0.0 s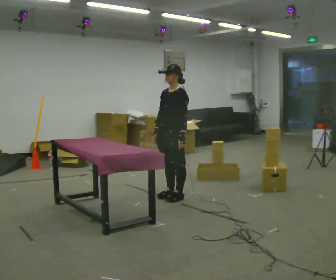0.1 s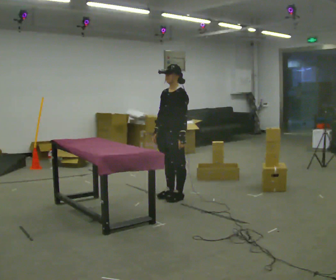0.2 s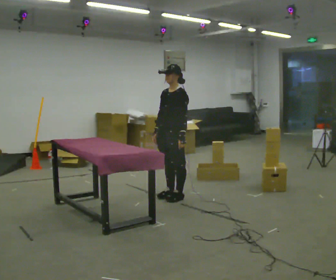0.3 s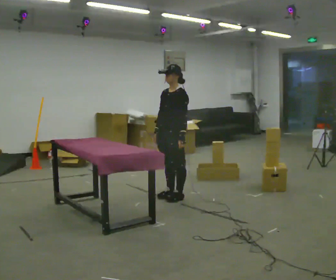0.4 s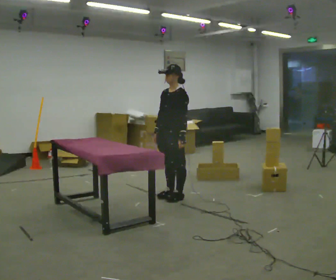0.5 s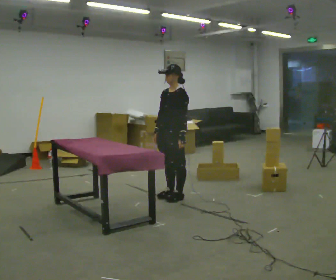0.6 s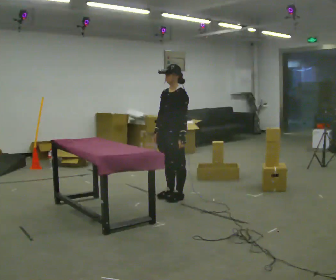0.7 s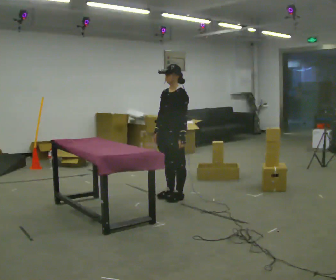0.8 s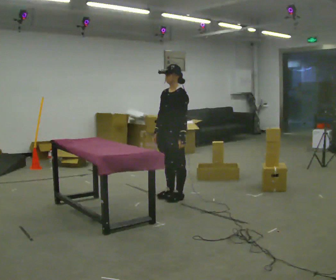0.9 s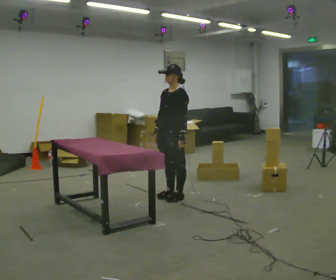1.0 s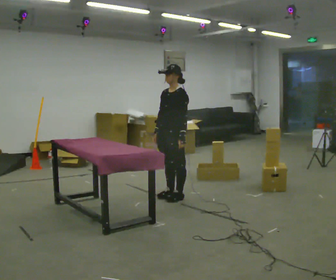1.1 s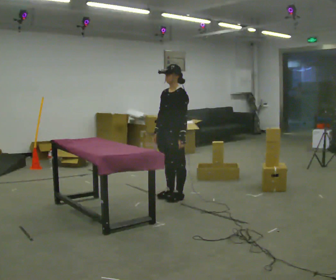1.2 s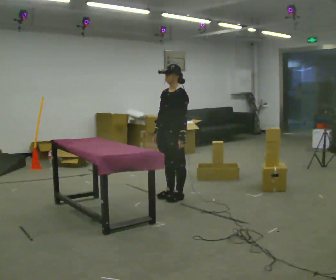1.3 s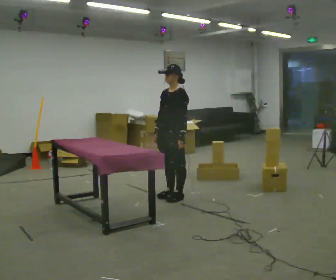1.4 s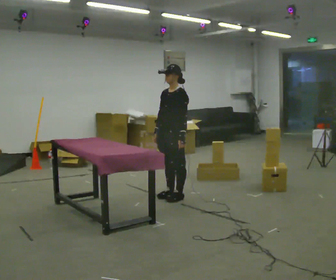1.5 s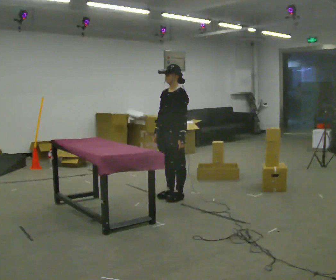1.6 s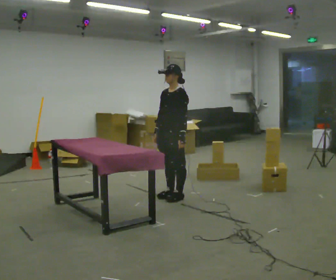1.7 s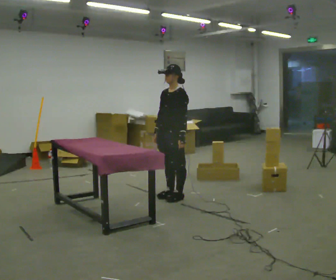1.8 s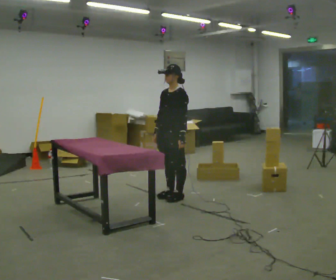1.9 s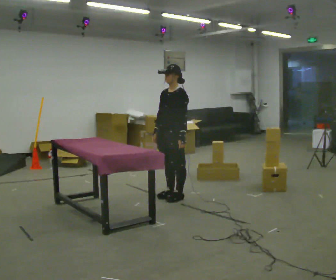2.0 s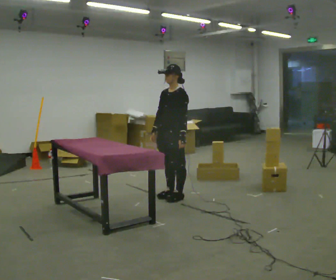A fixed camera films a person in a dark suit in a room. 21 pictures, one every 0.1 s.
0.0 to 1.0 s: The person keeps their place and pose.
1.0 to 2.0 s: The person moves a little, or ends about where they began.
The film runs forward here.
